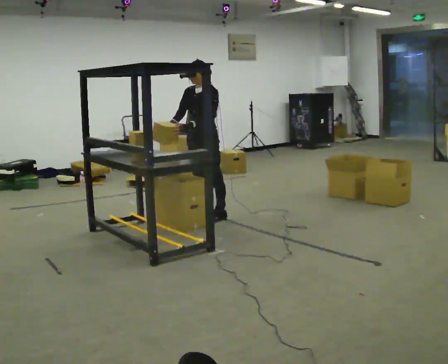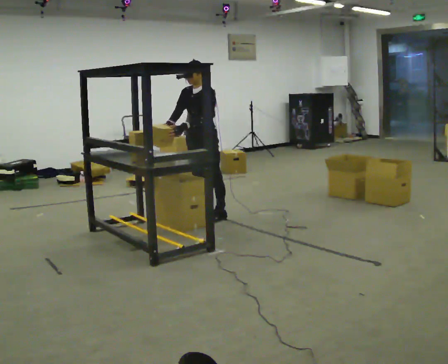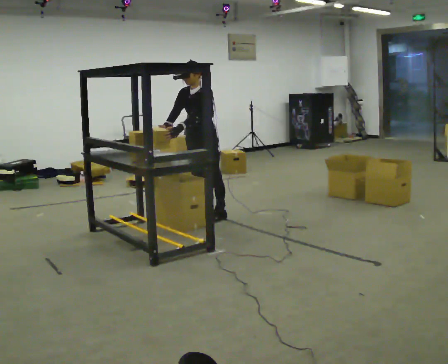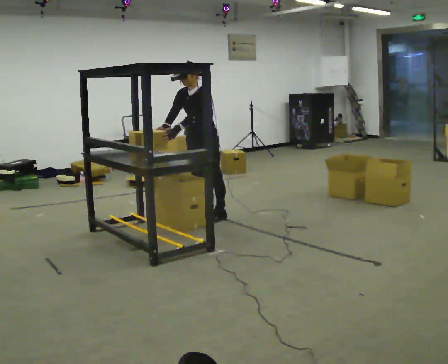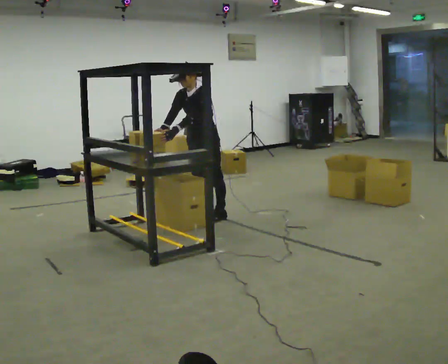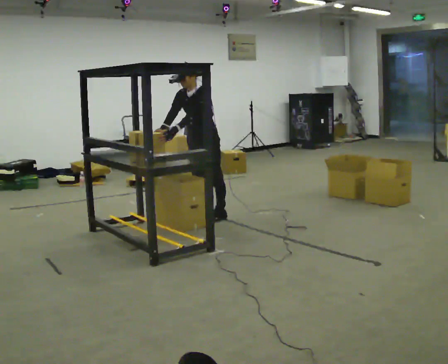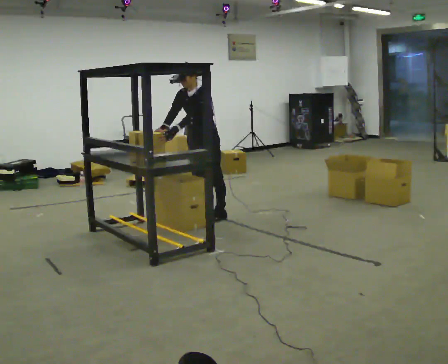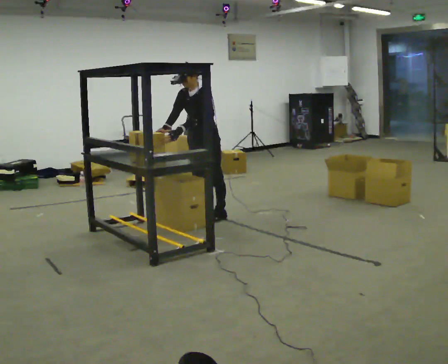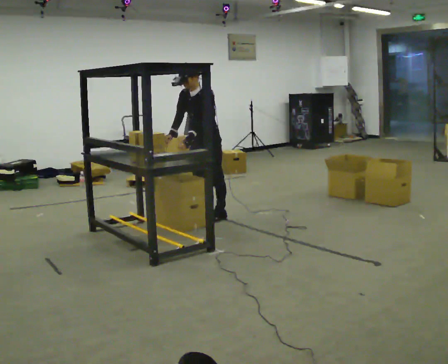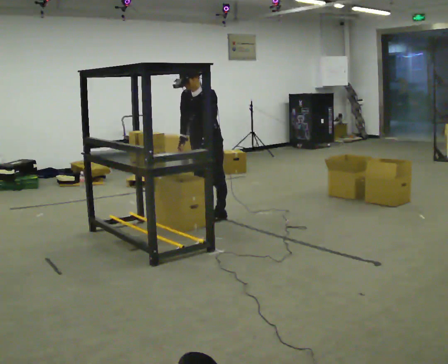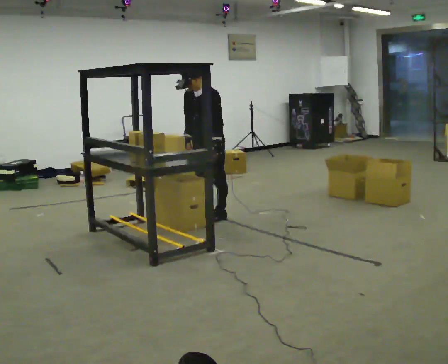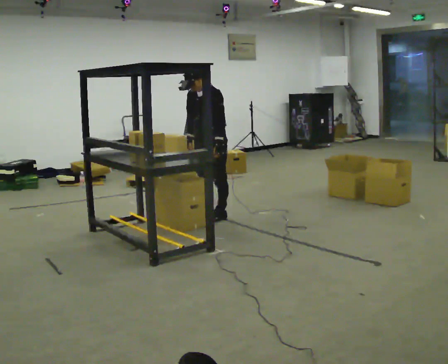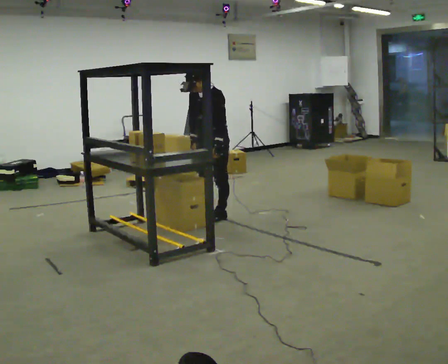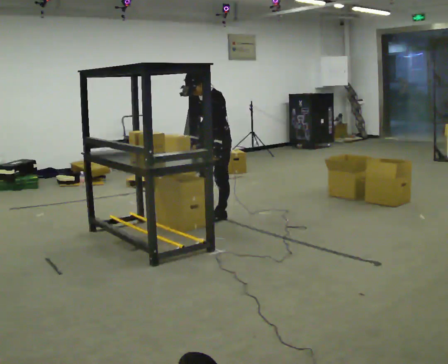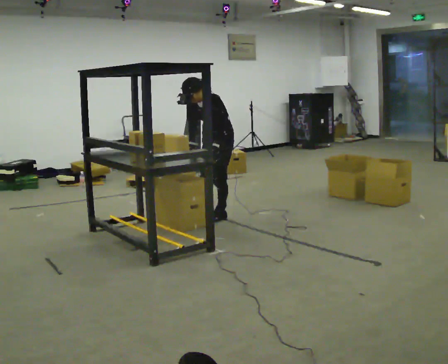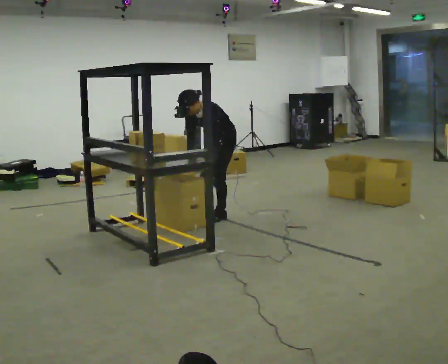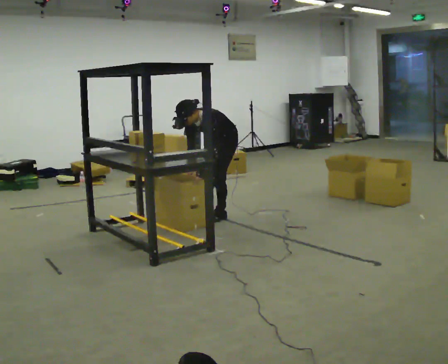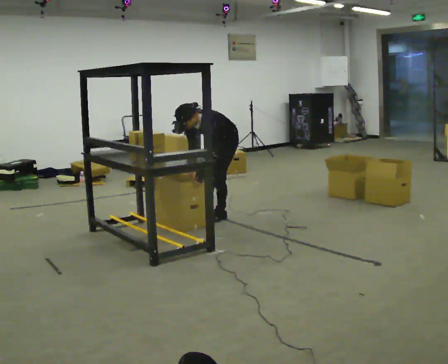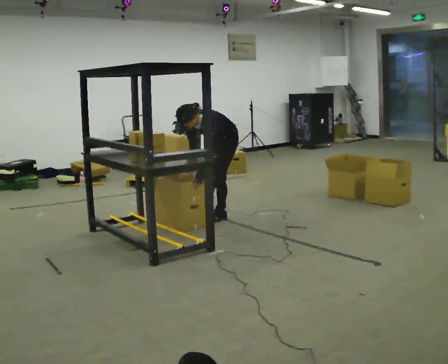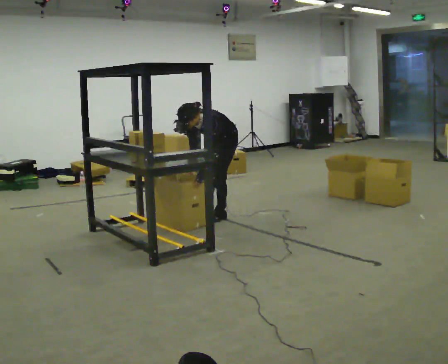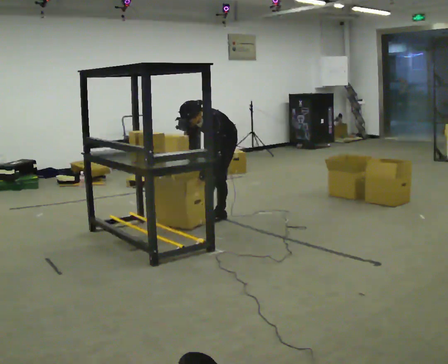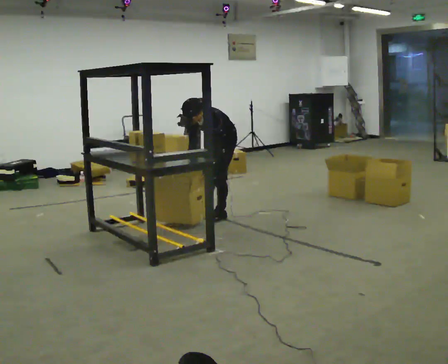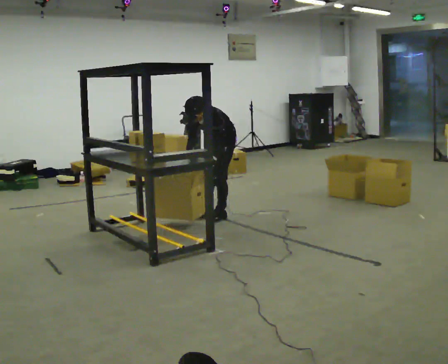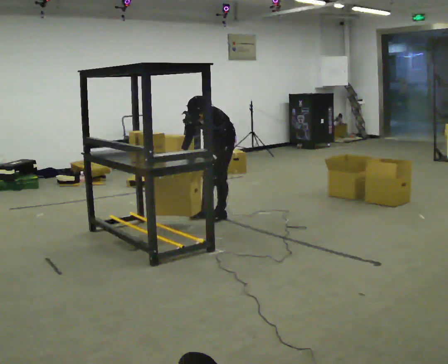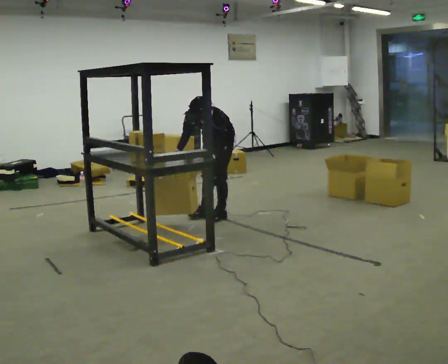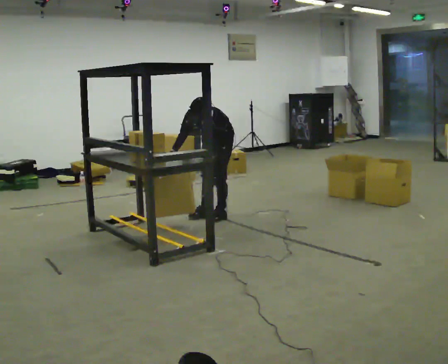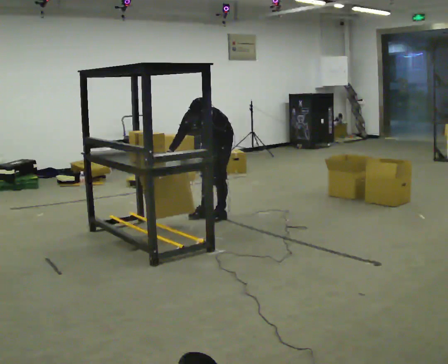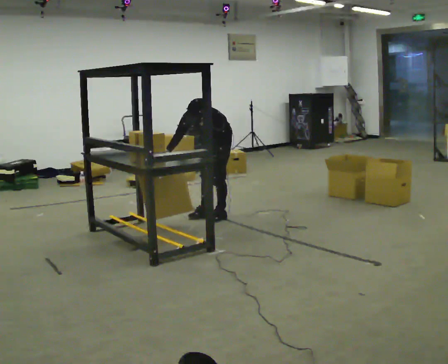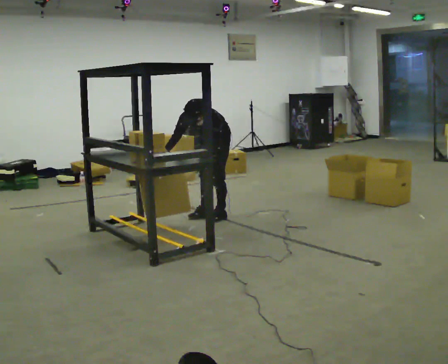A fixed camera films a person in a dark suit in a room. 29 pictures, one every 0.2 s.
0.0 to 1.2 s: In the picture the upper body tilts counterclockwise, shoulders to the left, as they bend forward.
1.2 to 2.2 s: In the picture their left hand goes to the right.
2.2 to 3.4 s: The upper body goes downward. In the picture the upper body tilts counterclockwise, shoulders to the left, as they bend forward.
3.4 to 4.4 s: In the picture the upper body tilts clockwise, shoulders to the right.
4.4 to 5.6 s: The person moves a little, or ends about where they began.
The film runs forward here.
